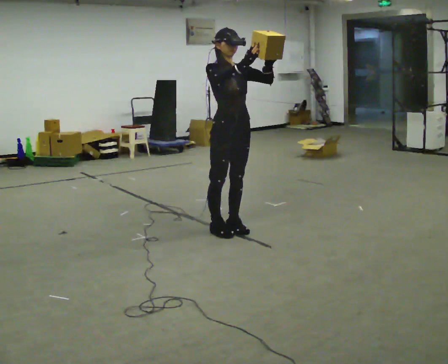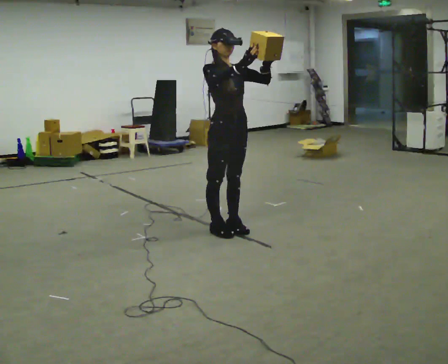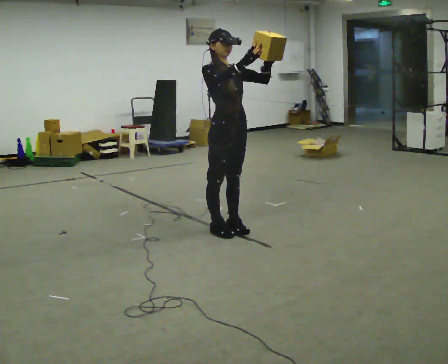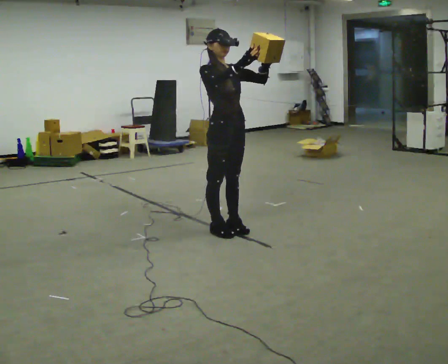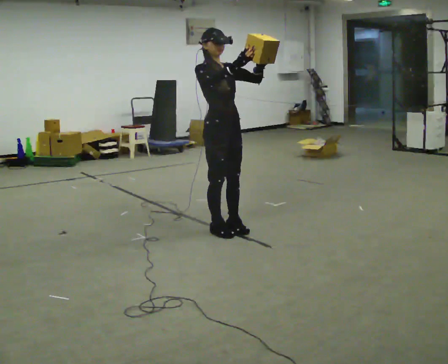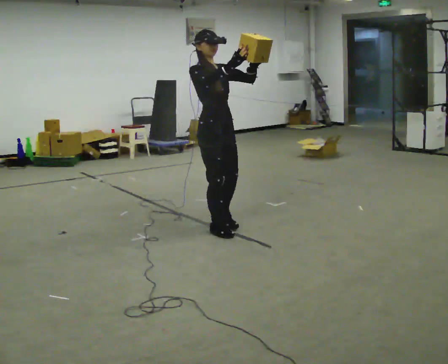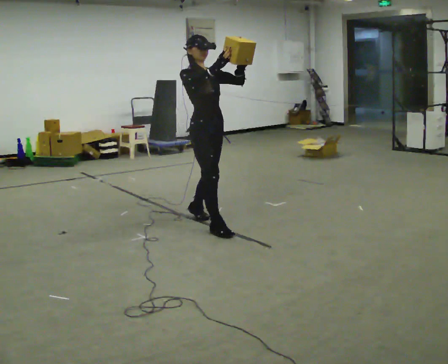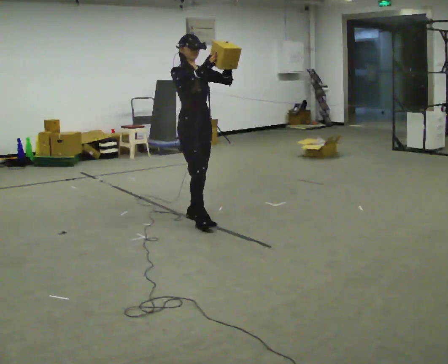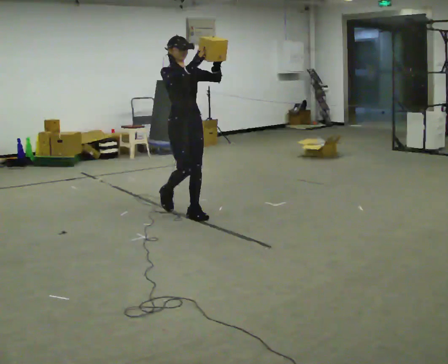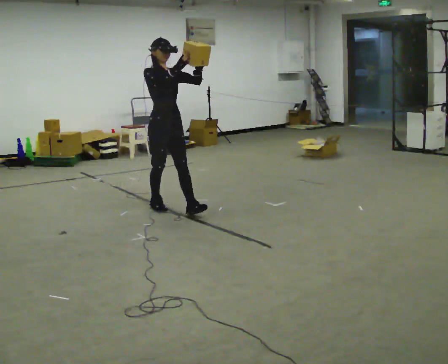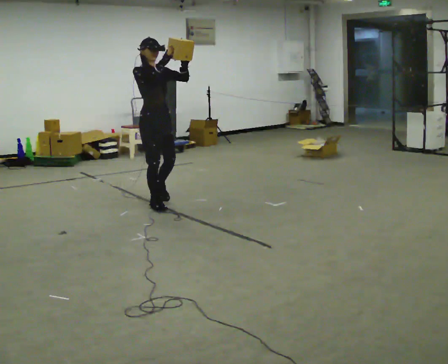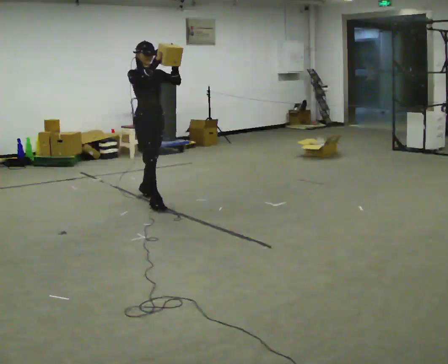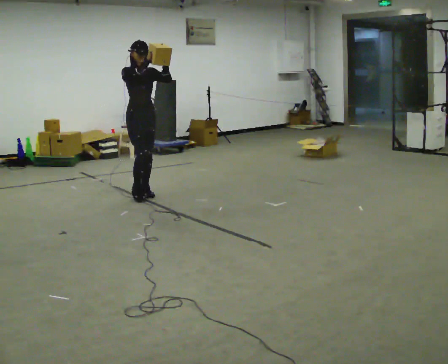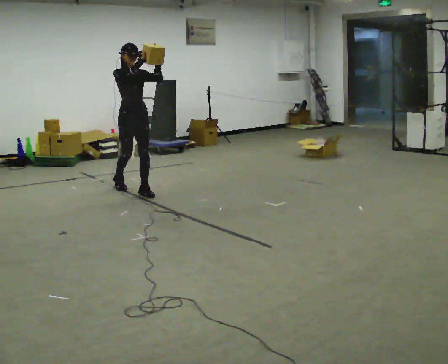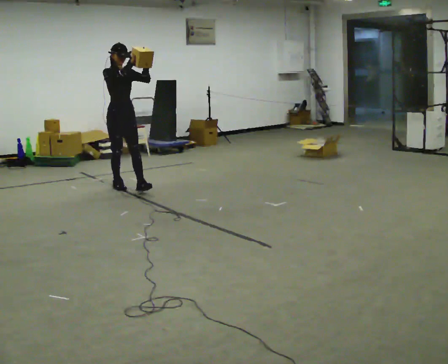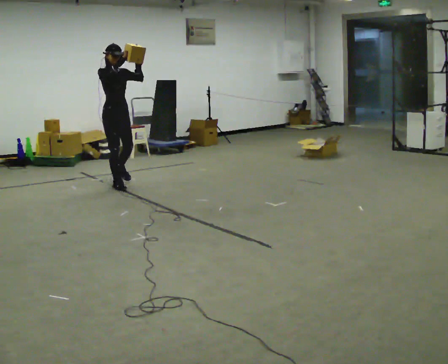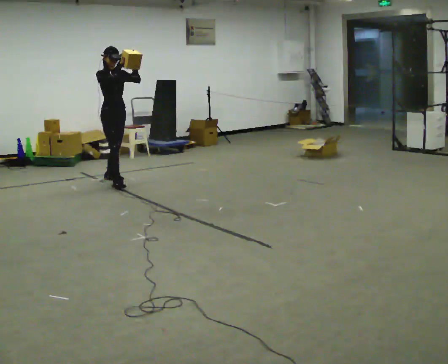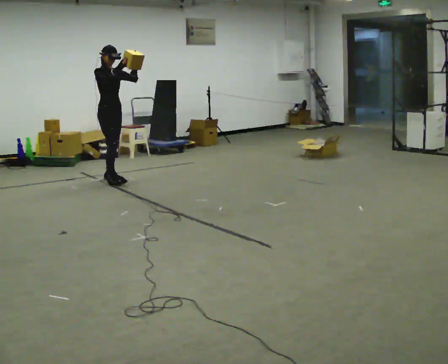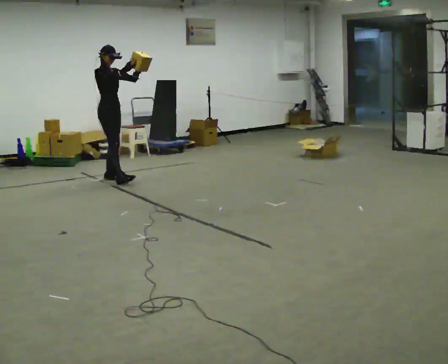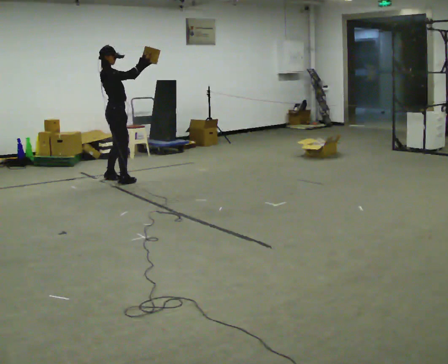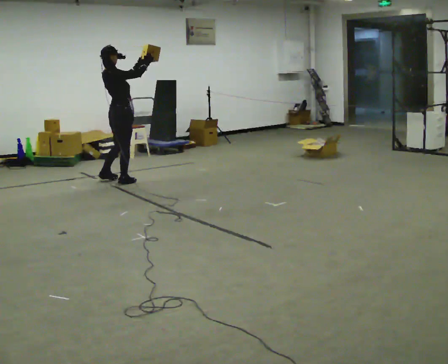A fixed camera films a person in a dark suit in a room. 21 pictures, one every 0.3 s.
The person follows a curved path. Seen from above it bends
clockwise.
The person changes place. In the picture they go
away from the camera.
0.0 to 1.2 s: The person moves a little, or ends about where they began.
1.2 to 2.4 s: In the picture they go away from the camera and to the left, about 0.5 m in 2 steps, which for them is backward.
2.4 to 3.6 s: In the picture they go away from the camera and to the left, about 1 m in 2 steps, which for them is backward.
3.6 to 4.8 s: In the picture they go away from the camera and to the left, about 0.5 m in 1 step, which for them is backward.
4.8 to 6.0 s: The part of the body nearest the lens slides to the right as the person turns to their left by about 75 degrees. In the picture their right hand goes to the right.
The film runs backward here.
